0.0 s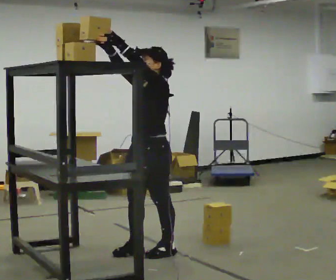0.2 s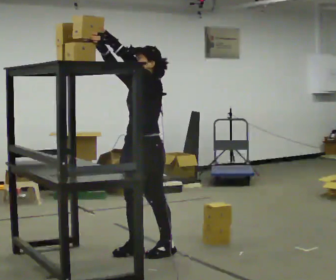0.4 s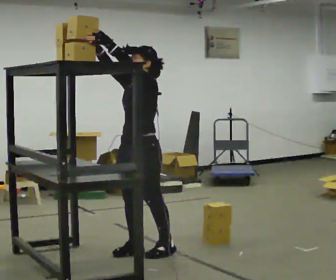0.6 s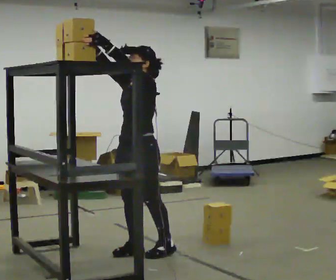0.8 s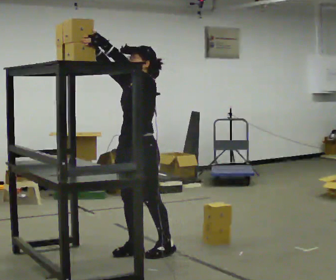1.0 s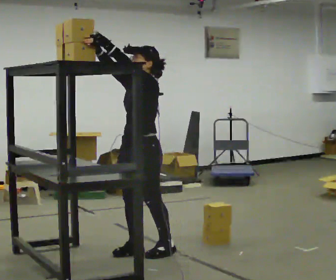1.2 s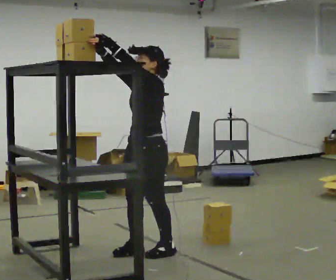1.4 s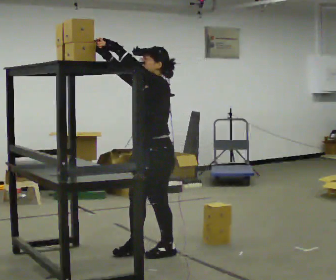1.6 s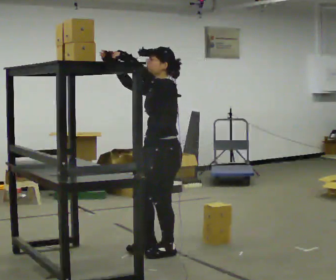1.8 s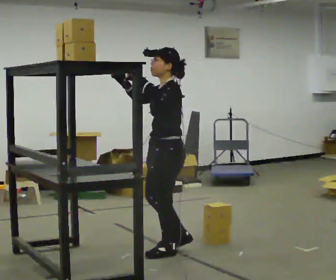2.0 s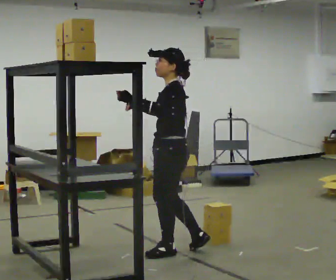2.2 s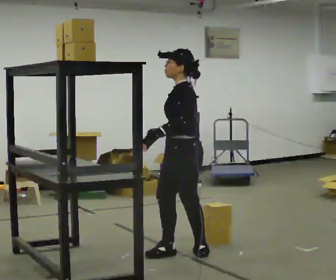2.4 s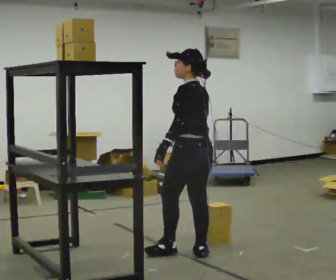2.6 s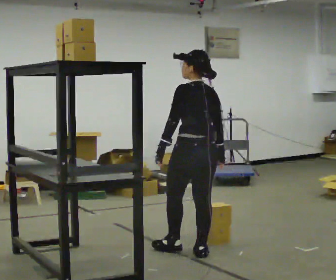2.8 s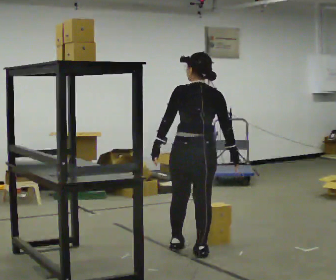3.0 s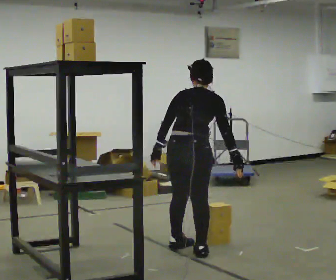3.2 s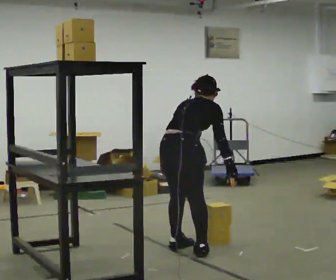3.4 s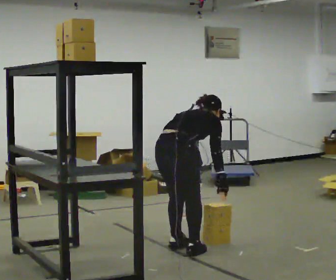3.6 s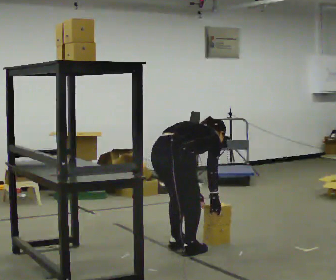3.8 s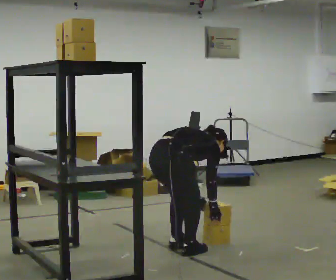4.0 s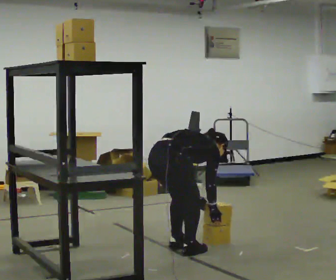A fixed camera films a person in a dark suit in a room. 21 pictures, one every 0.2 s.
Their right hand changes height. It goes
downward.
The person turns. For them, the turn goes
to their right.
0.0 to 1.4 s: The person moves a little, or ends about where they began.
1.4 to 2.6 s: Seen from above the body turns clockwise, about 90 degrees: to their right, with its near side sliding to the left. In the picture they go to the right, about 0.25 m in 1 step. In the picture their right hand goes downward, the arm swinging counterclockwise.
2.6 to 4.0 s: Seen from above the body turns clockwise, about 75 degrees: to their right, with its near side sliding to the left. In the picture they go to the left, about 0.25 m. The upper body goes downward. In the picture the upper body tilts clockwise, shoulders to the right, as they bend forward. In the picture their left hand goes downward.
The film runs backward here.
